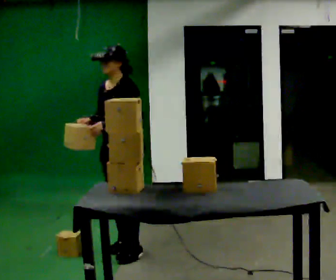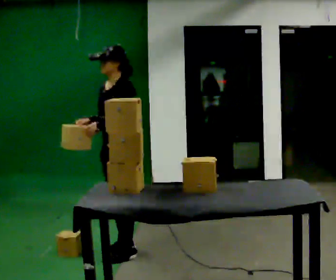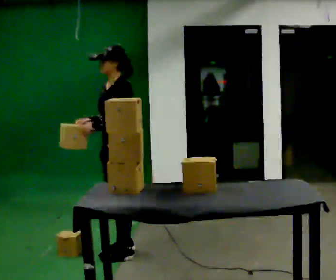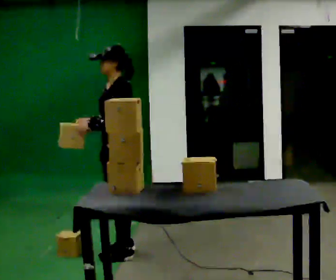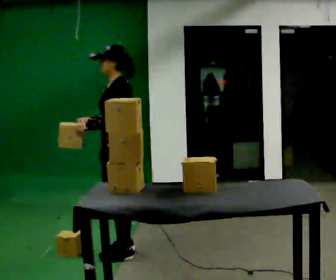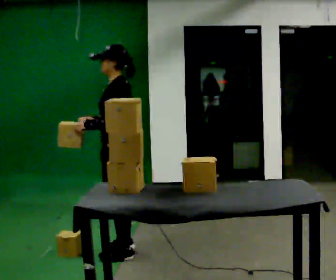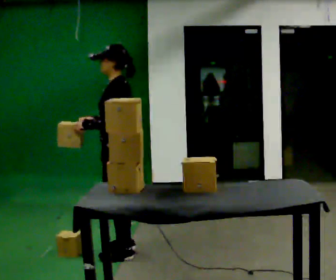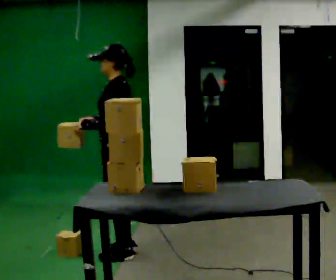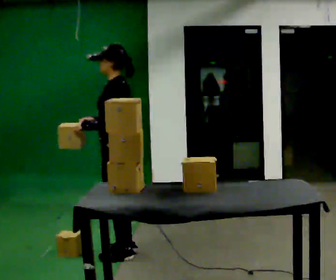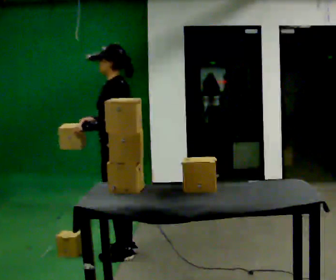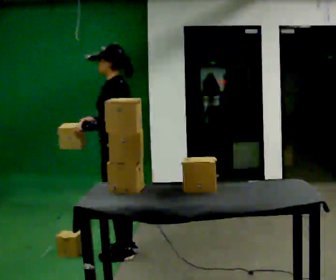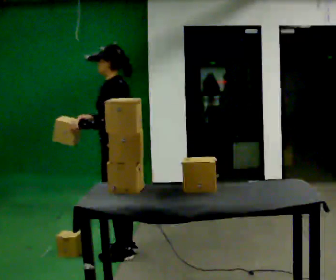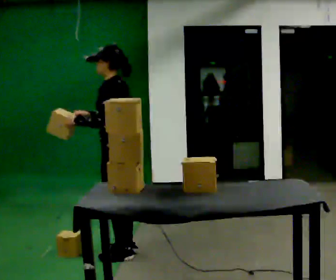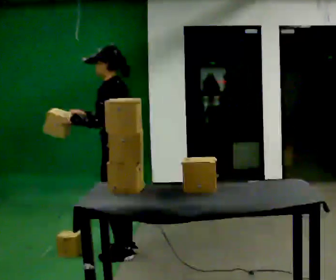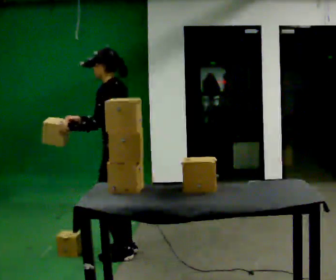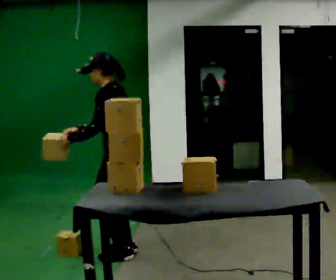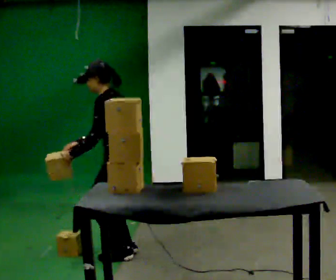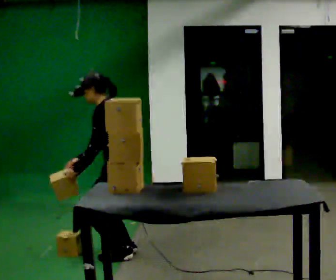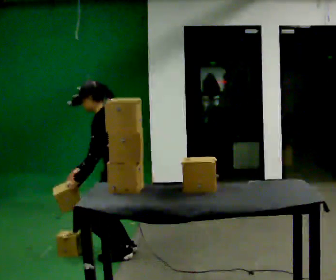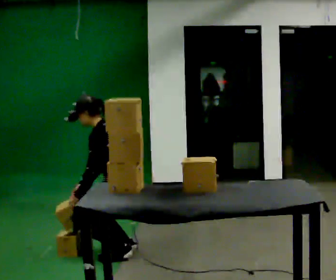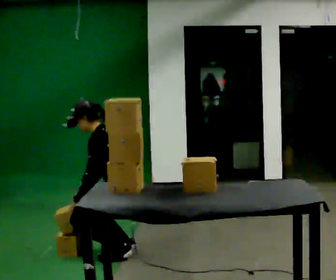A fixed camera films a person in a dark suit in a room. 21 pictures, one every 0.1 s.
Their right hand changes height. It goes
downward.
Their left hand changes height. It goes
downward.
0.0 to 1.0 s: The part of the body nearest the lens slides to the left as the person turns to their right by about 45 degrees.
1.0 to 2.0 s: The shoulders move downward. In the picture the upper body tilts counterclockwise, shoulders to the left, as they bend forward. In the picture their left hand goes downward.
The film runs backward here.
